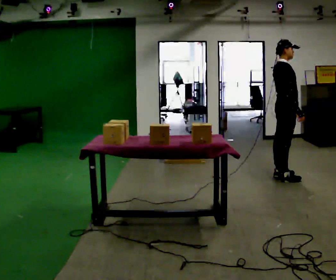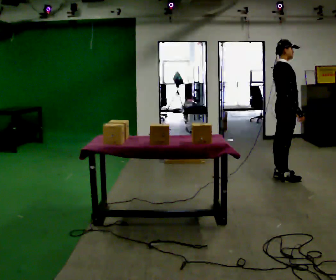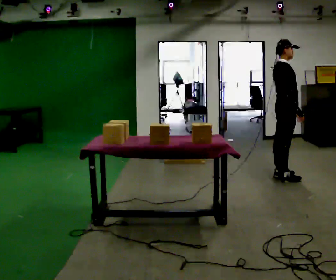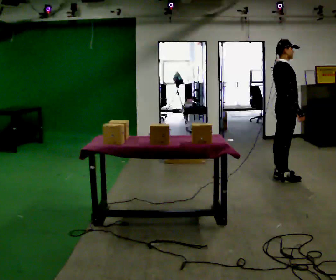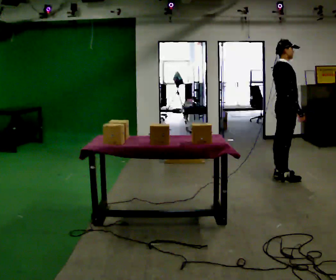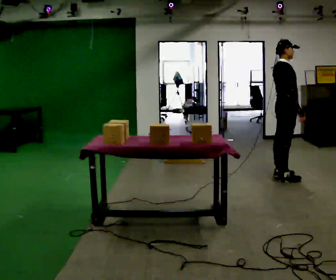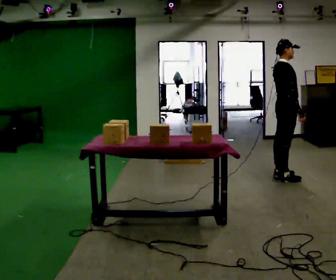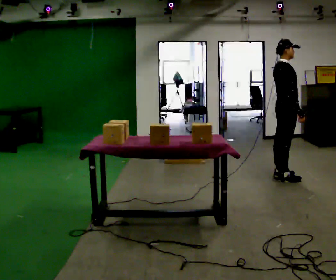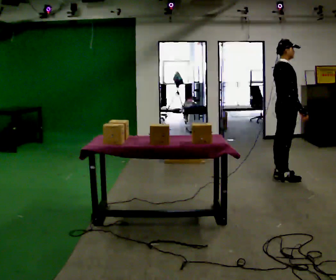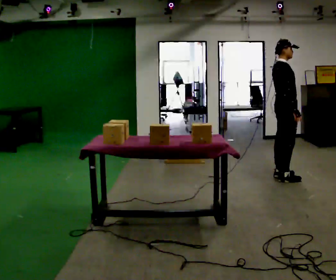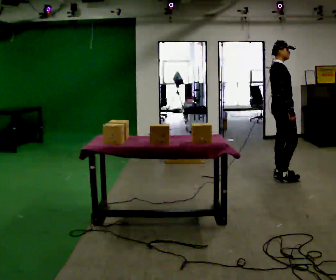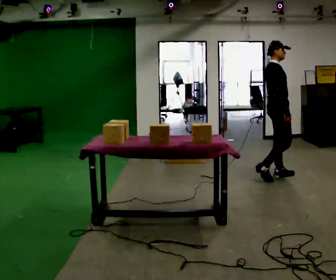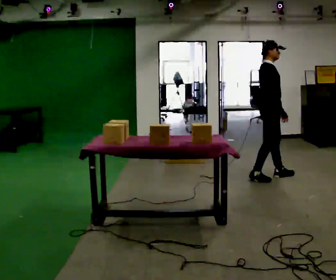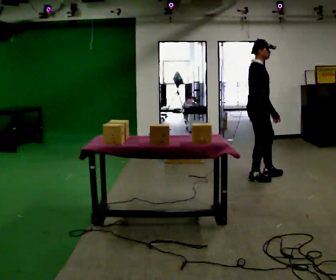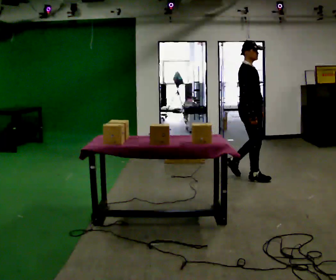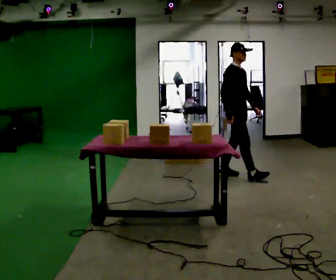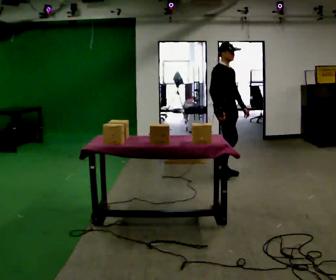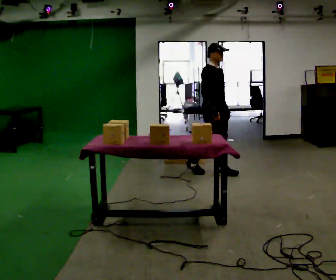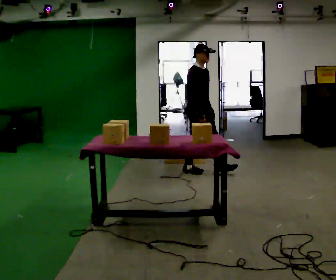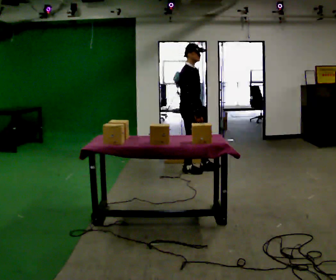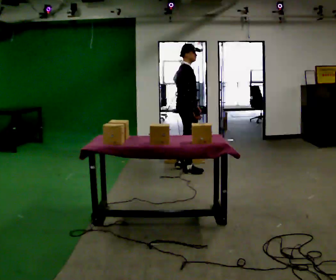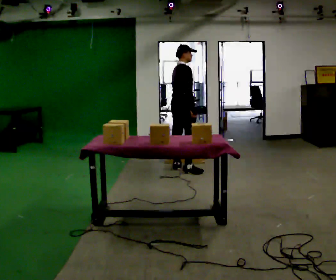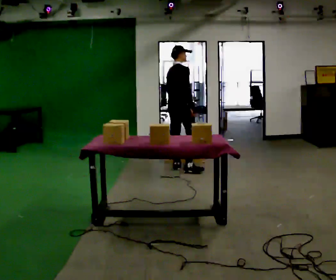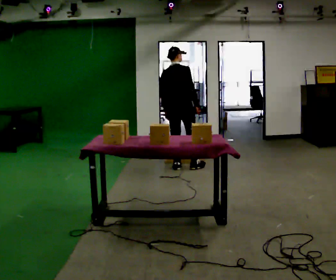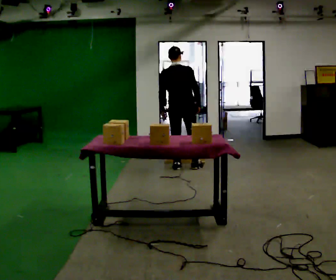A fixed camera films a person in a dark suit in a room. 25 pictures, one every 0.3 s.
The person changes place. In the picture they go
to the left.
0.0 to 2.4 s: The person moves a little, or ends about where they began.
2.4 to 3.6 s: In the picture they go to the left, about 0.25 m in 1 step, which for them is backward.
3.6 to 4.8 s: In the picture they go to the left, about 0.5 m in 2 steps, which for them is backward.
4.8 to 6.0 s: The person turns about 45 degrees to their left, counterclockwise seen from above, so the part of the body nearest the lens slides to the right. In the picture they go to the left, about 0.5 m in 1 step, which for them is backward.
6.0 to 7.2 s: The part of the body nearest the lens slides to the right as the person turns to their left by about 75 degrees. In the picture they go away from the camera, about 0.25 m in 1 step. In the picture their left hand goes to the left.
The film runs backward here.
